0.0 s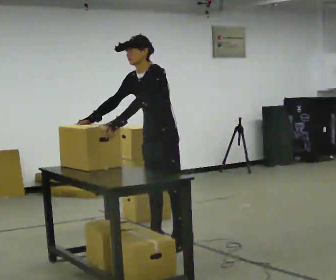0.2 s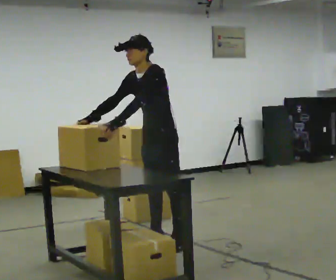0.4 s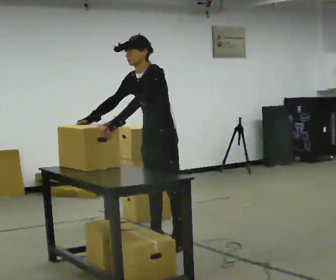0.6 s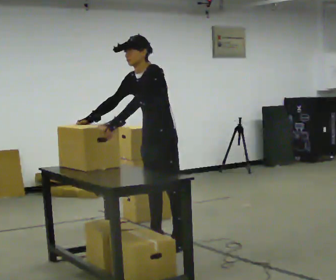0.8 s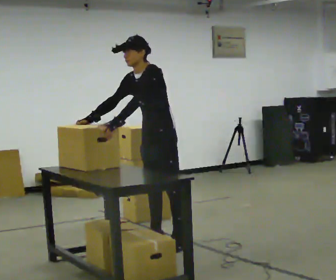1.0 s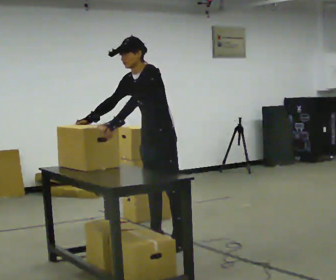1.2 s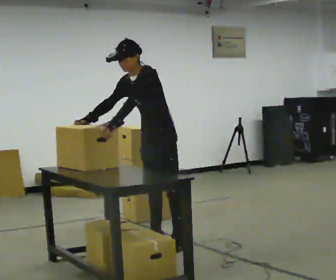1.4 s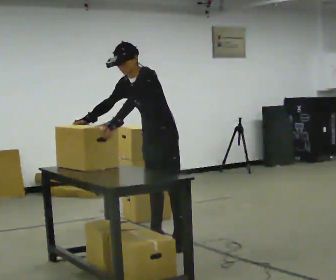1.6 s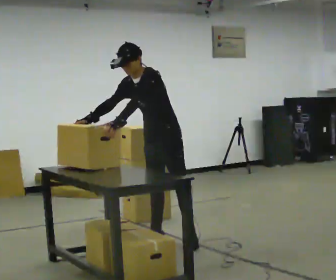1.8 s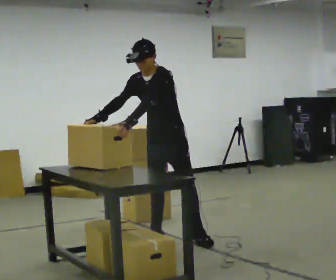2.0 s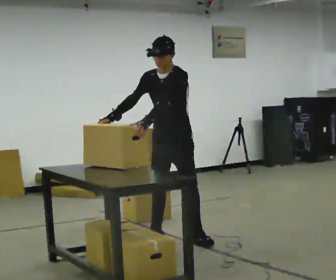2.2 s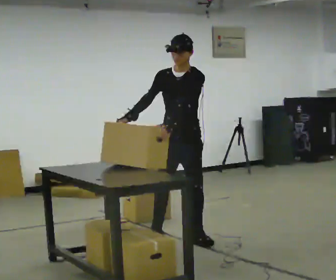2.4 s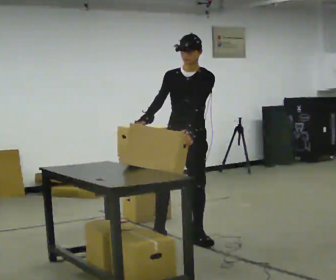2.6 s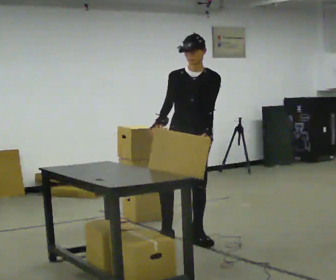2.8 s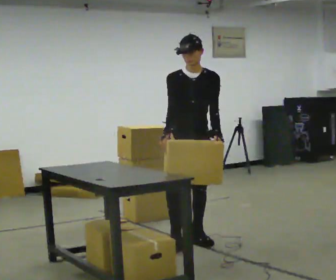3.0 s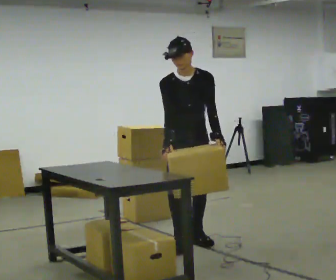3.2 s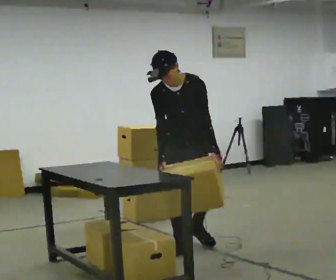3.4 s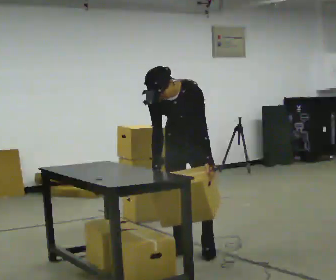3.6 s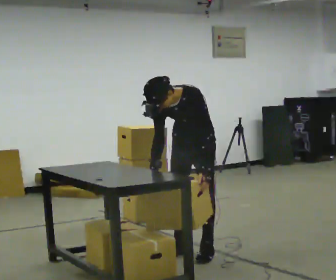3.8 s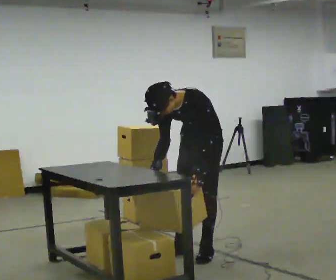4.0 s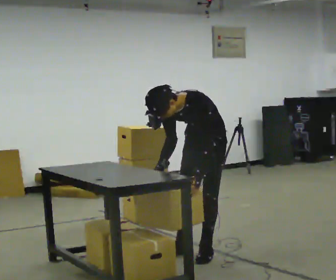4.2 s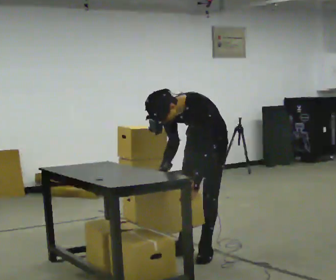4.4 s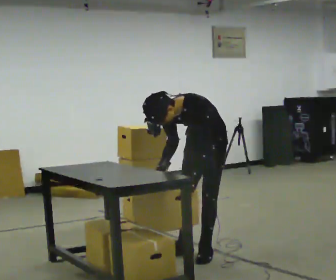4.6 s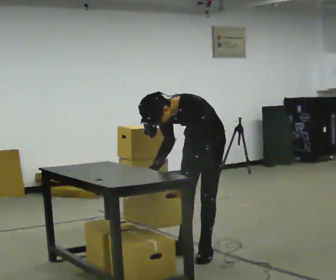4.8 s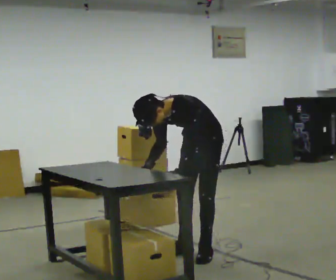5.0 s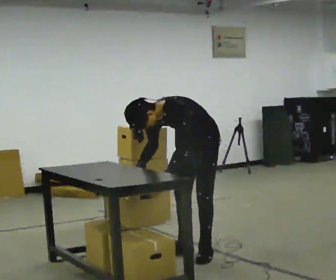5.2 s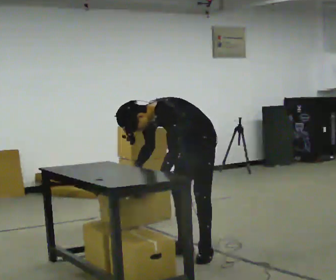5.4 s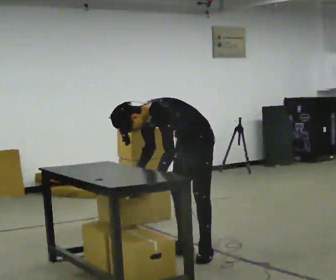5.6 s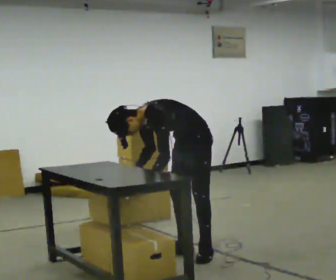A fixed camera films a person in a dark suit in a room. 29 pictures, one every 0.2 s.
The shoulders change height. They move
downward.
Their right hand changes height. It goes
downward.
0.0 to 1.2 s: The person moves a little, or ends about where they began.
1.2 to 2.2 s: The person turns about 30 degrees to their left, counterclockwise seen from above, so the part of the body nearest the lens slides to the right. In the picture they go to the right, about 0.25 m in 1 step, which for them is backward. In the picture the upper body tilts clockwise, shoulders to the right, as they lean back or straighten. In the picture their left hand goes to the right.
2.2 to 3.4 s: In the picture they go toward the camera, about 0.25 m in 1 step, which for them is forward. The upper body tips toward the camera, its near side rolling downward, as they bend forward.
3.4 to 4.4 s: The part of the body nearest the lens slides to the left as the person turns to their right by about 30 degrees. In the picture they go toward the camera and to the right, about 0.25 m in 1 step, which for them is to their left. In the picture the upper body tilts counterclockwise, shoulders to the left.
4.4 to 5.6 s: In the picture the upper body tilts counterclockwise, shoulders to the left. In the picture their left hand goes to the left.
The film runs forward here.
